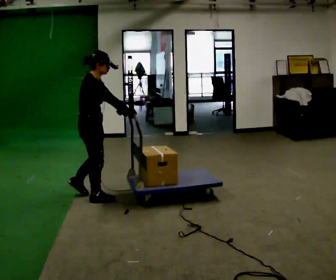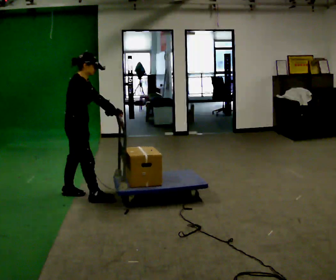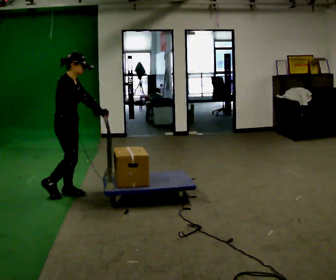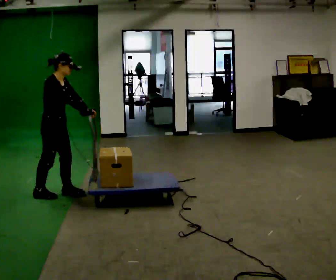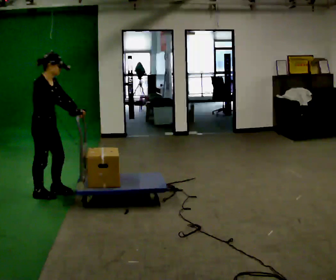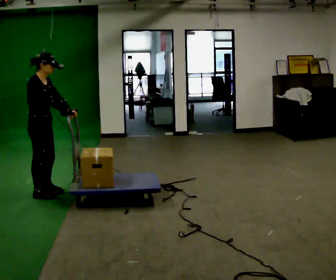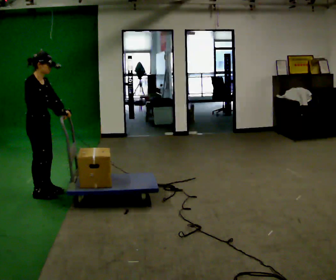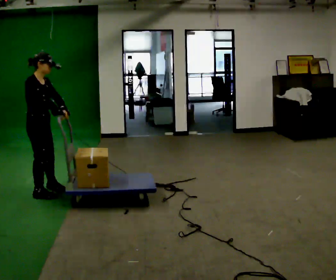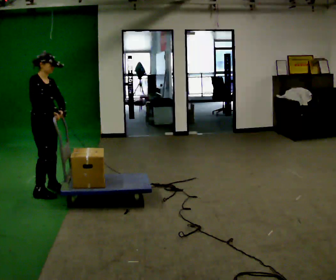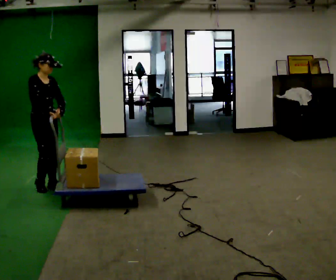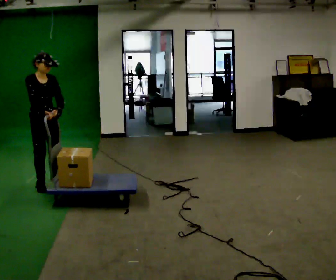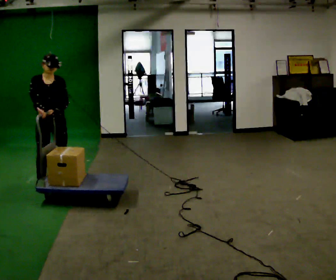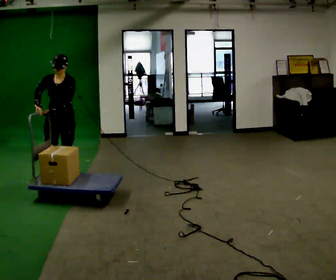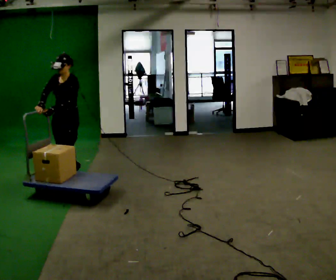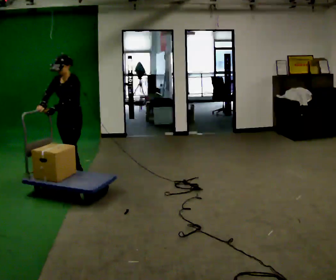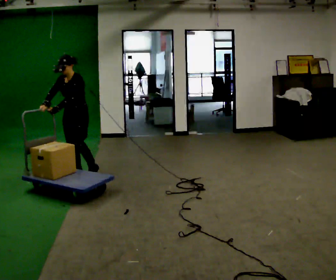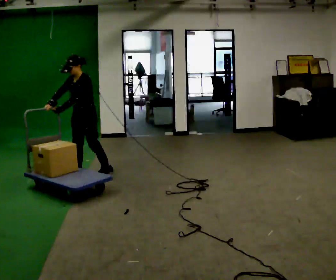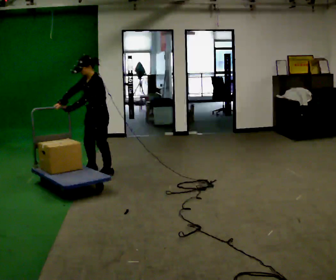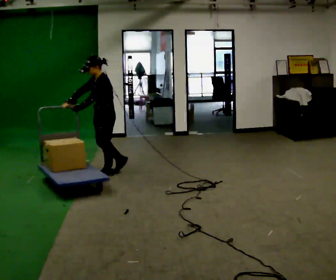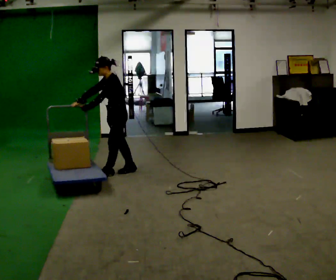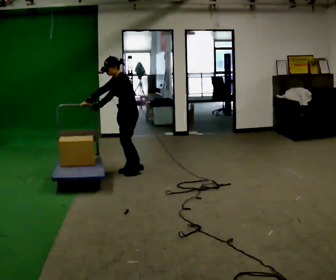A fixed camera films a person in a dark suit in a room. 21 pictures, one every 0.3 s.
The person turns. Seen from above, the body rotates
clockwise.
The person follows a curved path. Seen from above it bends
clockwise.
0.0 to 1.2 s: In the picture they go to the left, about 0.5 m in 2 steps, which for them is backward.
1.2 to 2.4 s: In the picture they go away from the camera, about 0.25 m in 2 steps, which for them is to their left.
2.4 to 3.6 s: Seen from above the body turns clockwise, about 75 degrees: to their right, with its near side sliding to the left. In the picture they go away from the camera and to the right, about 0.5 m in 2 steps.
3.6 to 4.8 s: Seen from above the body turns clockwise, about 45 degrees: to their right, with its near side sliding to the left. In the picture they go to the right and away from the camera, about 0.5 m in 1 step, which for them is backward.
4.8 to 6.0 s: The part of the body nearest the lens slides to the left as the person turns to their right by about 30 degrees. In the picture they go to the right, about 0.5 m in 2 steps, which for them is backward.
The film runs backward here.
